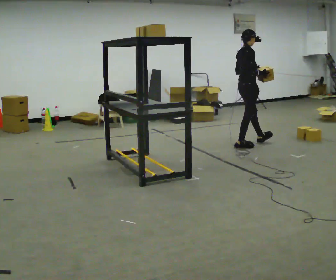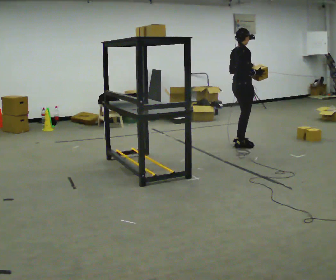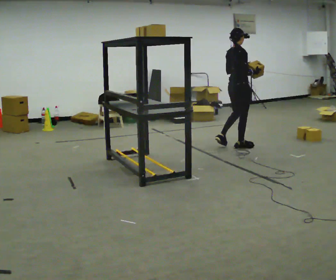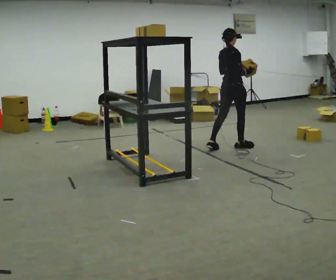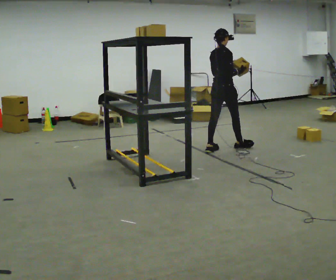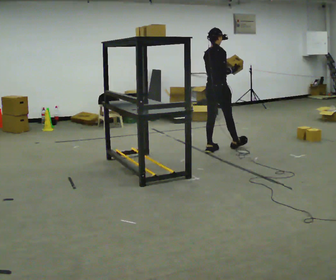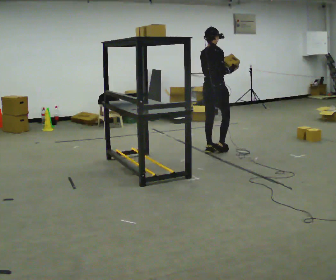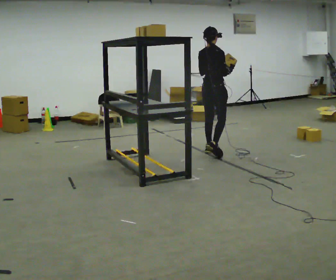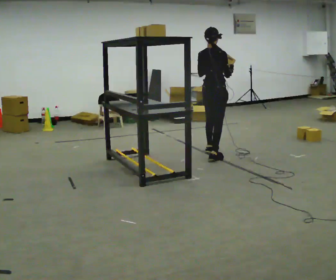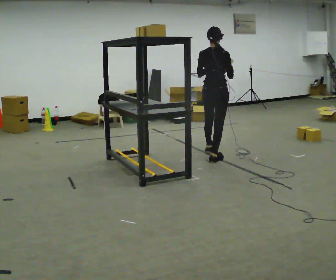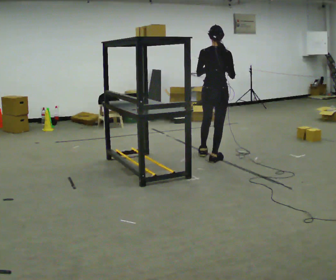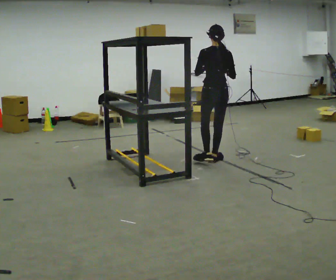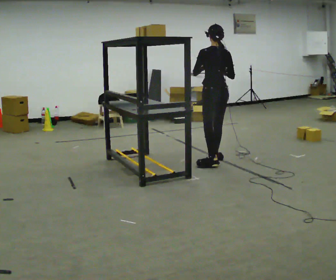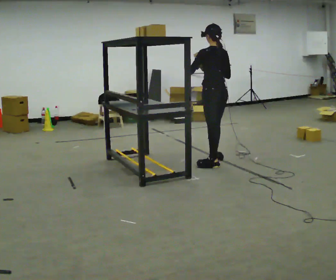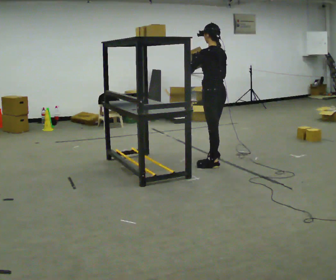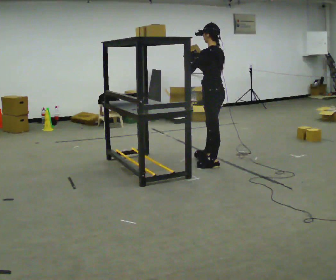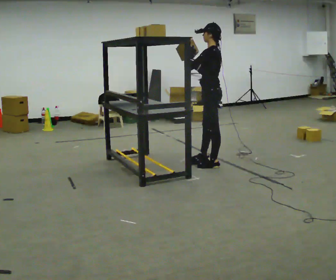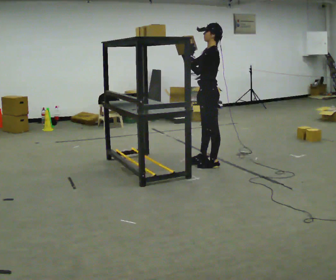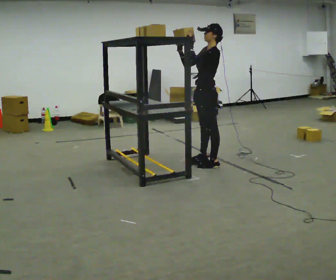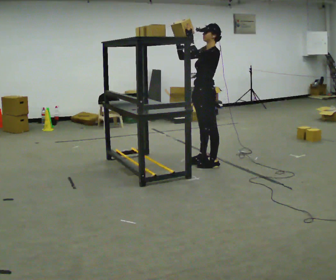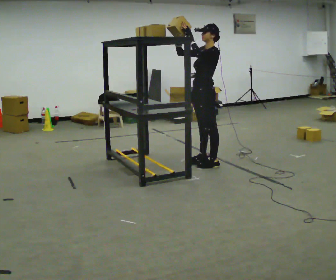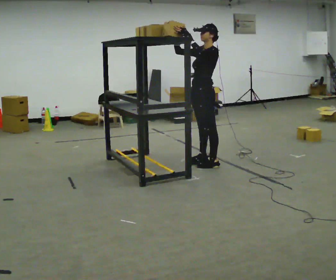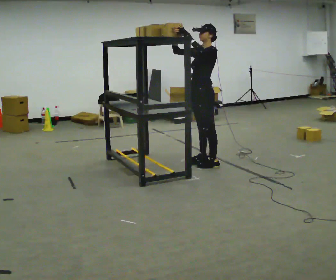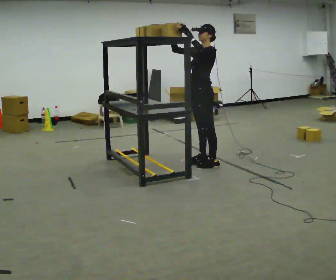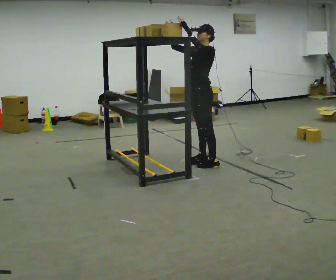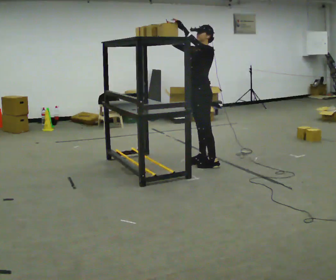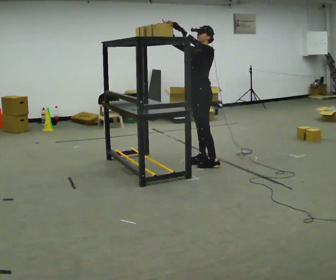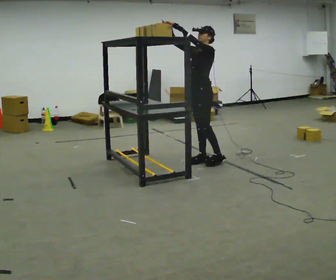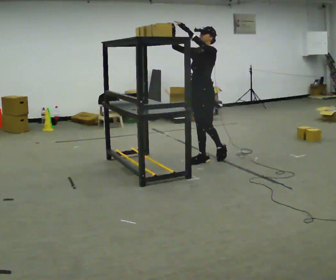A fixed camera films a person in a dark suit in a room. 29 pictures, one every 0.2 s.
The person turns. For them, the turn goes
to their left.
Their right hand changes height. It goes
upward.
0.0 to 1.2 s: In the picture they go to the left and toward the camera, about 0.5 m in 1 step, which for them is backward.
1.2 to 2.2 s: The person turns about 60 degrees to their left, counterclockwise seen from above, so the part of the body nearest the lens slides to the right. In the picture they go toward the camera, about 0.5 m in 1 step, which for them is backward and to their right.
2.2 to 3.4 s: Seen from above the body turns counterclockwise, about 75 degrees: to their left, with its near side sliding to the right. In the picture they go toward the camera, about 0.25 m. In the picture their right hand goes to the left.
3.4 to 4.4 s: The person turns about 30 degrees to their left, counterclockwise seen from above, so the part of the body nearest the lens slides to the right.
4.4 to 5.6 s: The person moves a little, or ends about where they began.
The film runs backward here.
